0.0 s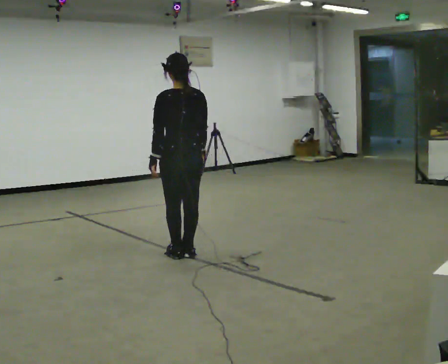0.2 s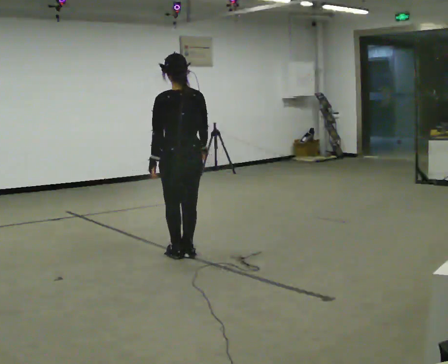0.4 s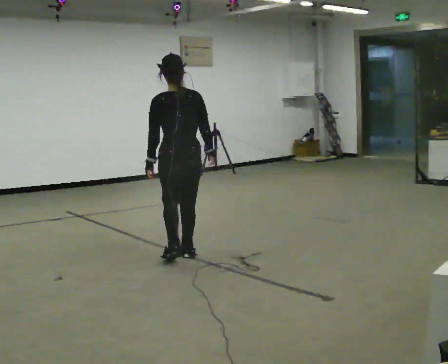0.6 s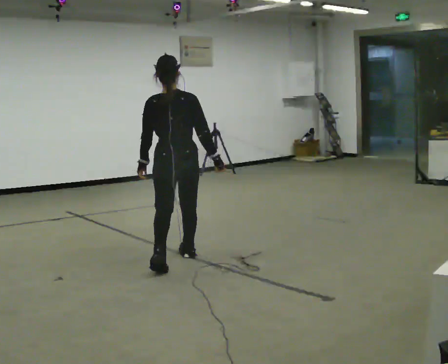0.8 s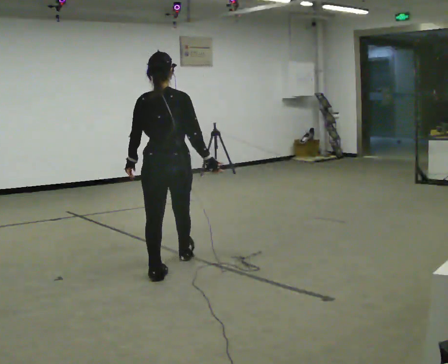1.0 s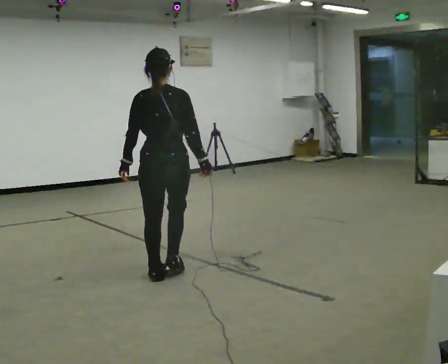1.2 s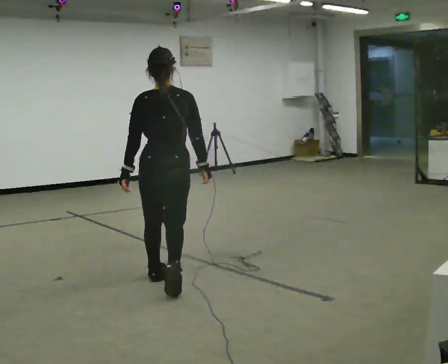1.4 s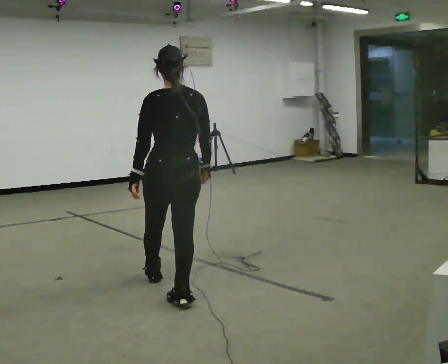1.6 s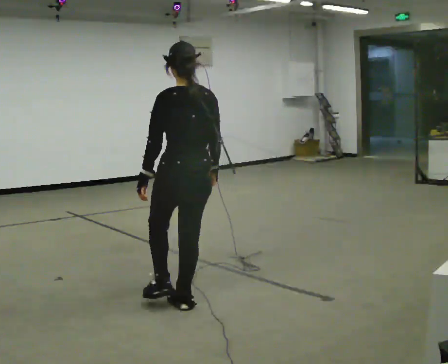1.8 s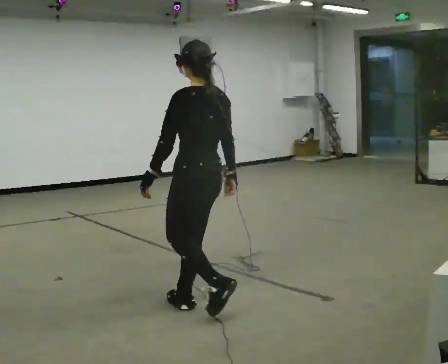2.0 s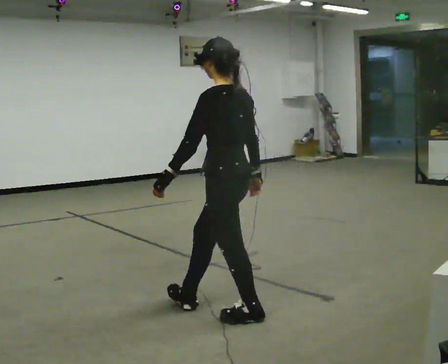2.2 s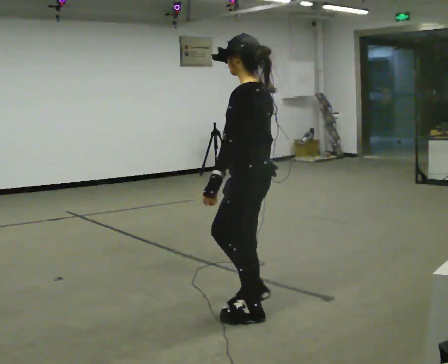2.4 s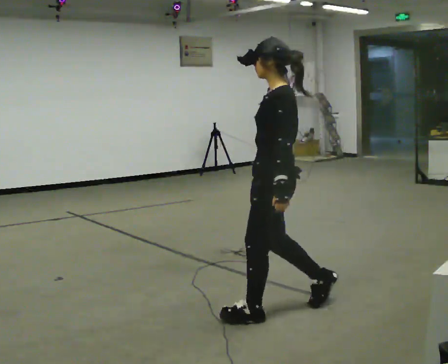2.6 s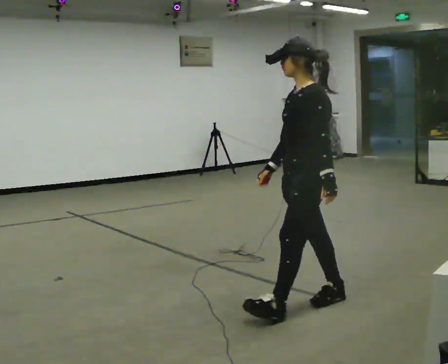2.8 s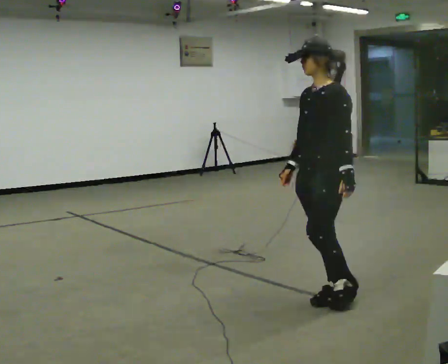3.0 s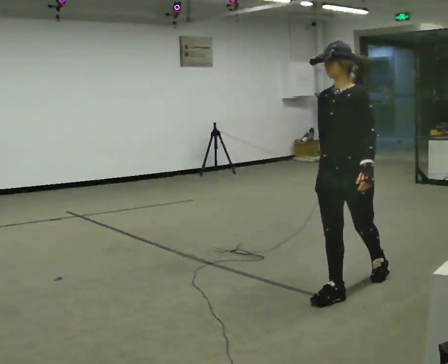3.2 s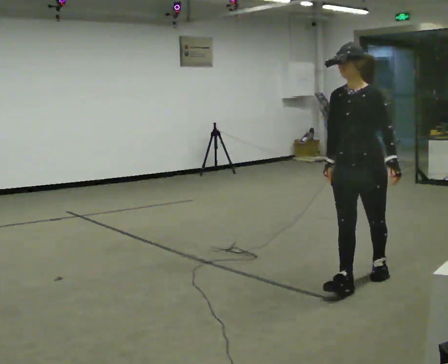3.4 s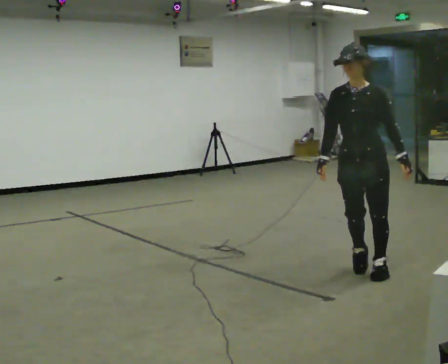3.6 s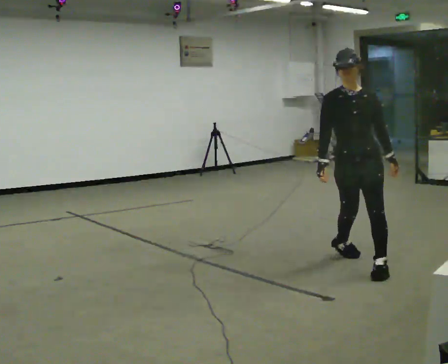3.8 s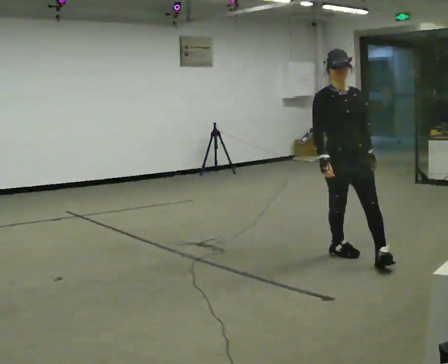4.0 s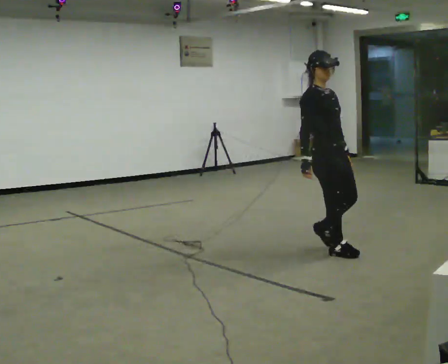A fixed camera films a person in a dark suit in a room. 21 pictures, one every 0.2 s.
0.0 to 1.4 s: In the picture they go toward the camera, about 1 m in 3 steps, which for them is backward.
1.4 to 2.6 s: The part of the body nearest the lens slides to the right as the person turns to their left by about 90 degrees. In the picture they go to the right, about 1 m in 2 steps.
2.6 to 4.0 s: The person turns about 120 degrees to their left, counterclockwise seen from above, so the part of the body nearest the lens slides to the right. In the picture they go away from the camera, about 1 m in 2 steps.
The film runs backward here.
